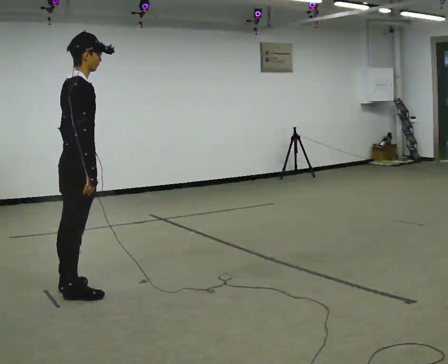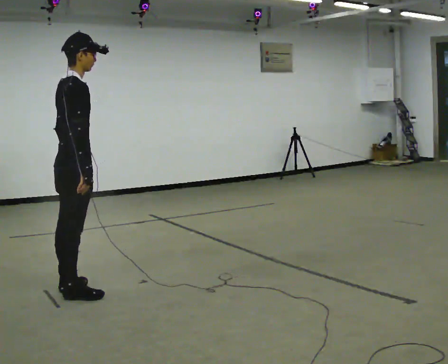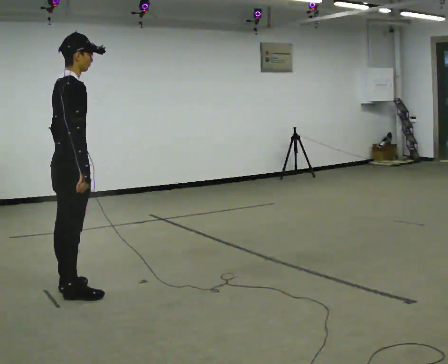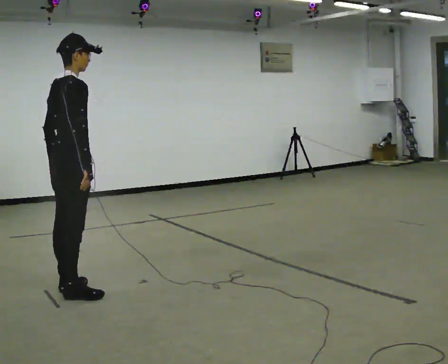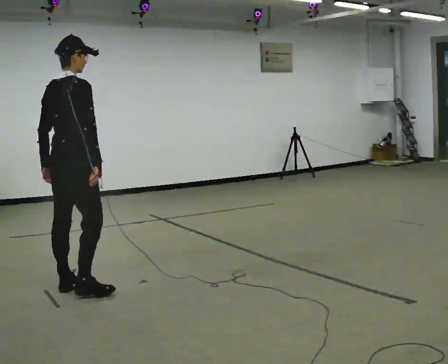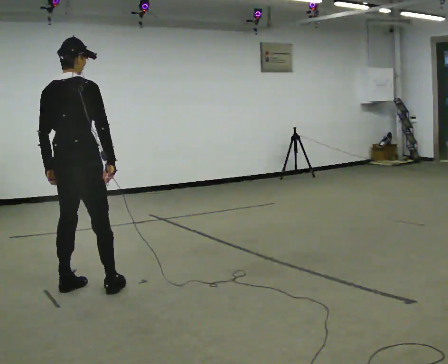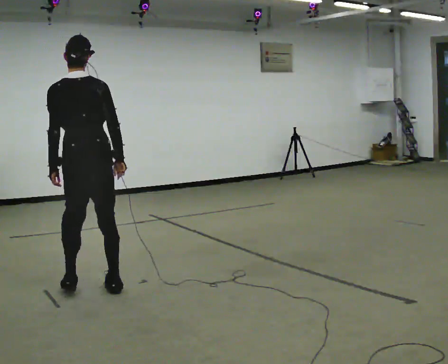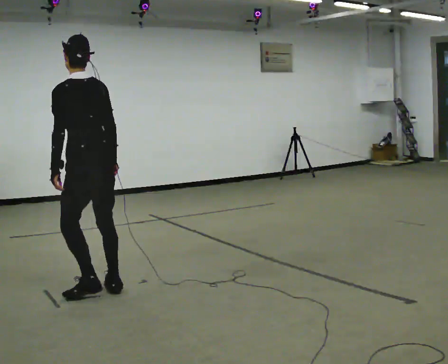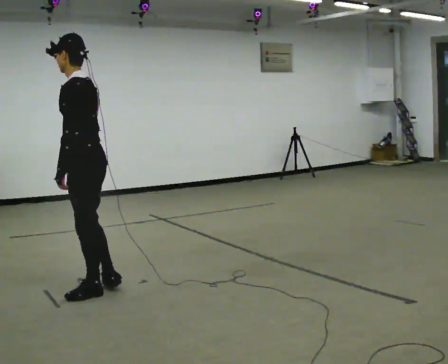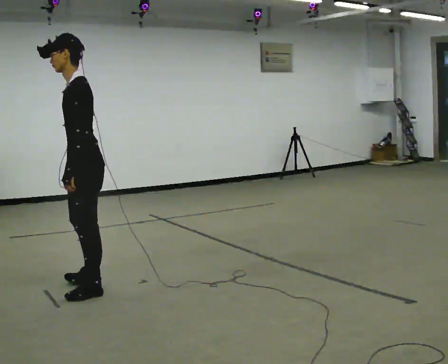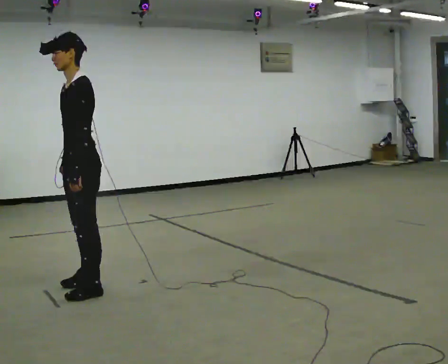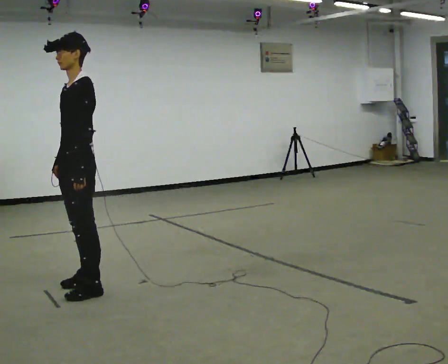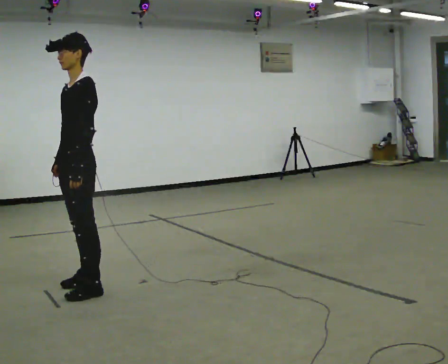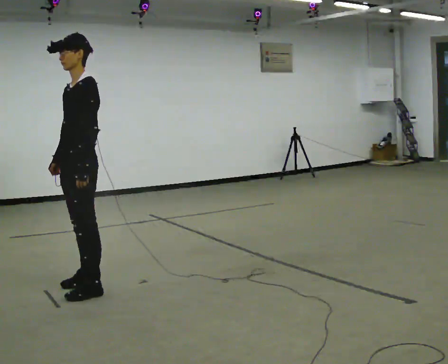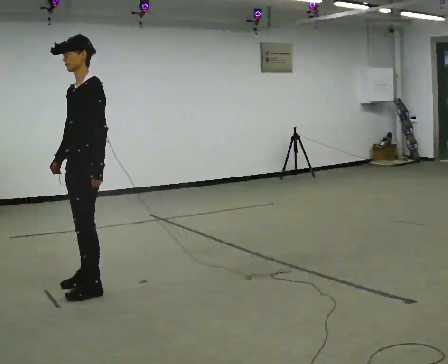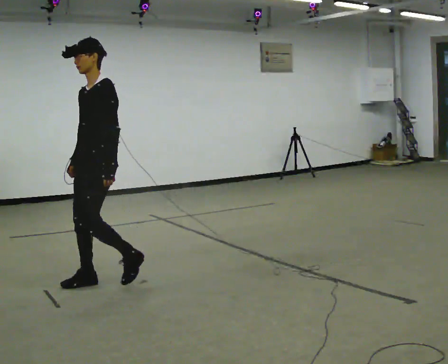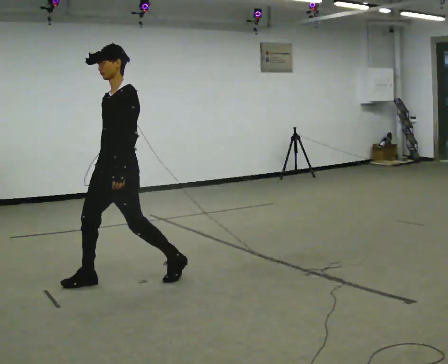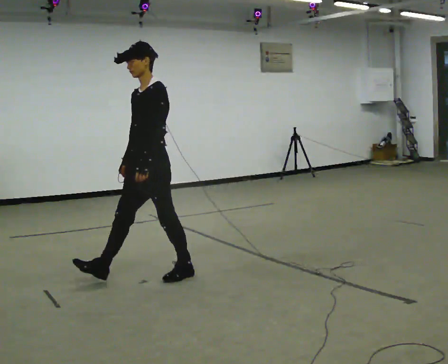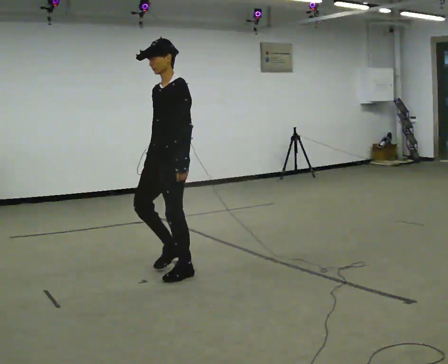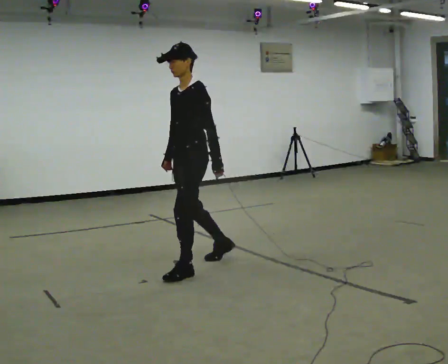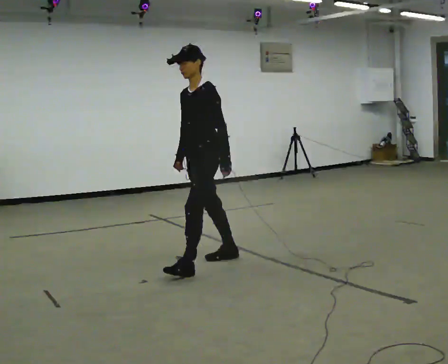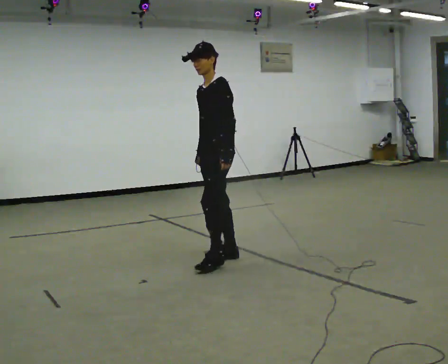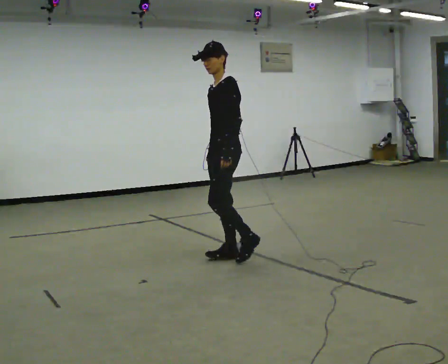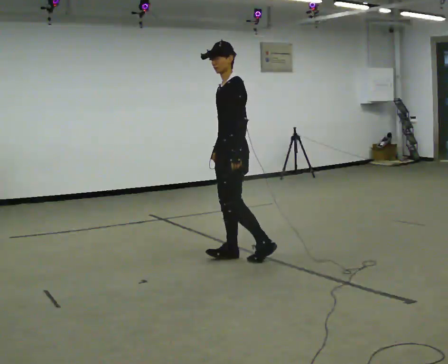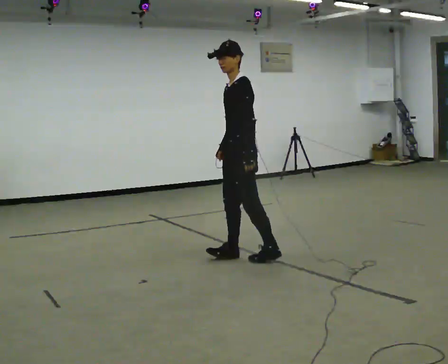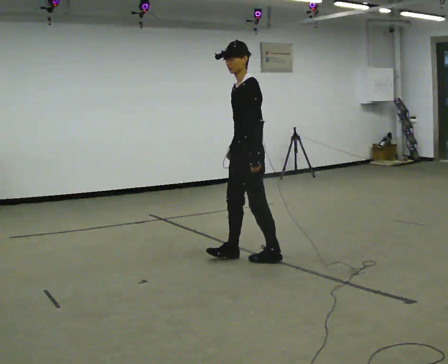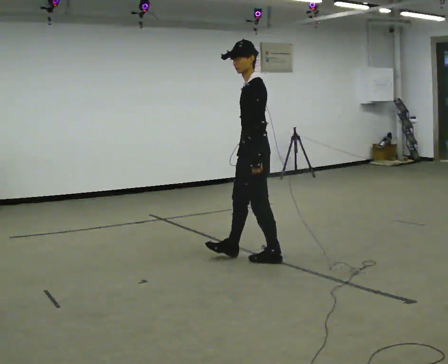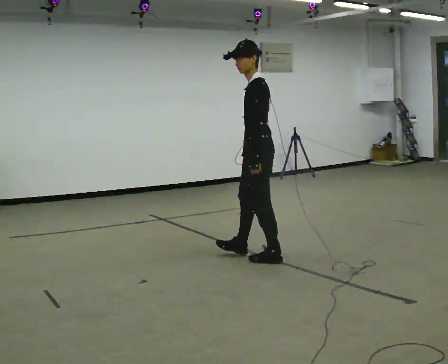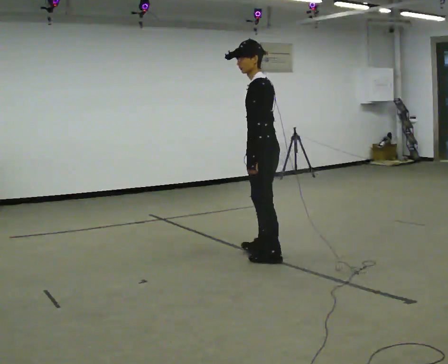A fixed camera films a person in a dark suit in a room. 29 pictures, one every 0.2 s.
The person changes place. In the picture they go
to the right.
The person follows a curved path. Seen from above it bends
clockwise.
0.0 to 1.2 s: Seen from above the body turns counterclockwise, about 75 degrees: to their left, with its near side sliding to the right.
1.2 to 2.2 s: Seen from above the body turns counterclockwise, about 105 degrees: to their left, with its near side sliding to the right. In the picture their right hand goes to the left, the arm swinging clockwise.
2.2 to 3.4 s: In the picture they go to the right and away from the camera, about 0.5 m in 2 steps, which for them is backward.
3.4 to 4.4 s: In the picture they go to the right and away from the camera, about 0.5 m in 1 step, which for them is backward.
4.4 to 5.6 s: Seen from above the body turns clockwise, about 45 degrees: to their right, with its near side sliding to the left. In the picture they go to the right, about 0.25 m in 1 step, which for them is backward and to their left.
The film runs backward here.
